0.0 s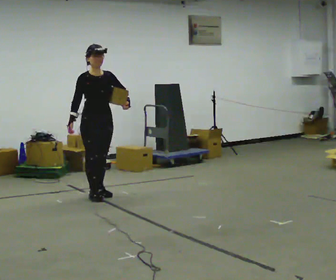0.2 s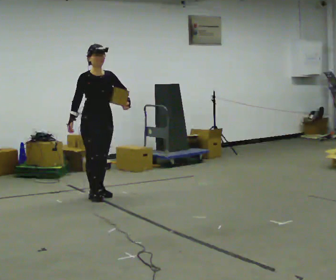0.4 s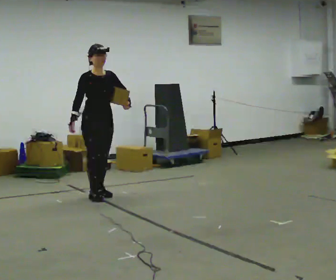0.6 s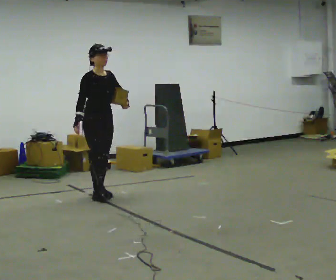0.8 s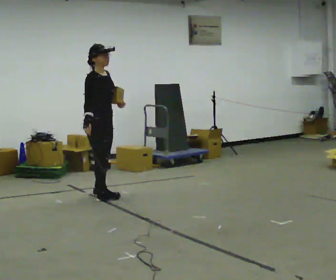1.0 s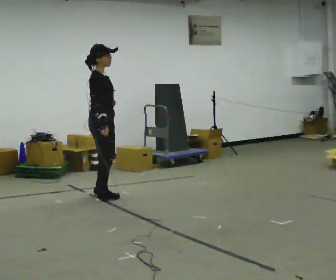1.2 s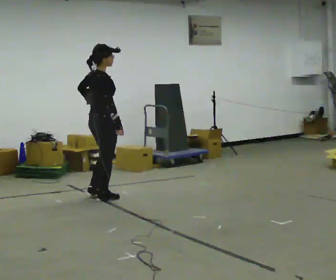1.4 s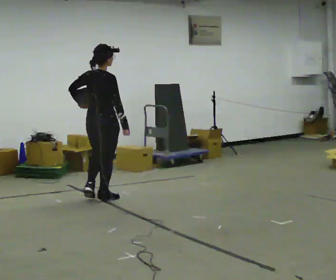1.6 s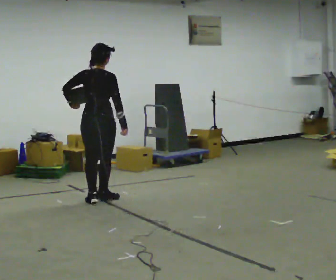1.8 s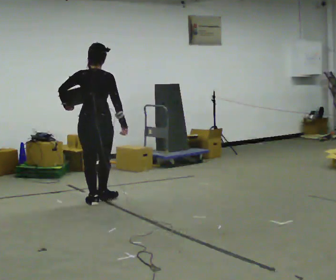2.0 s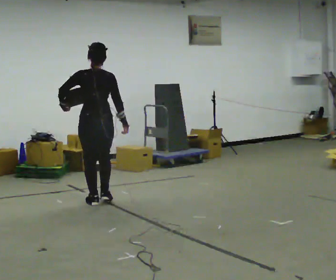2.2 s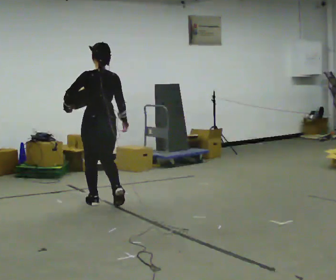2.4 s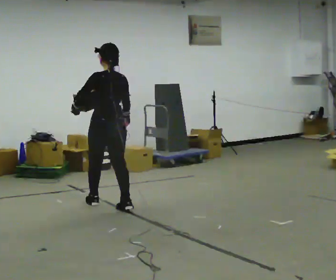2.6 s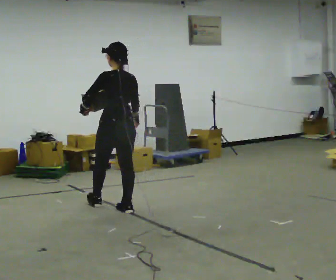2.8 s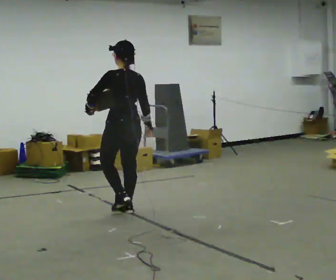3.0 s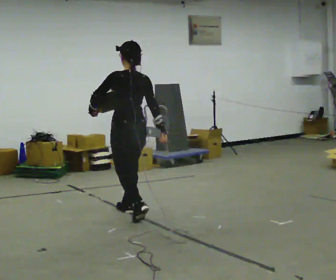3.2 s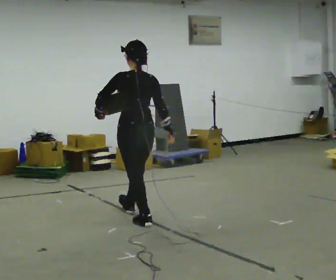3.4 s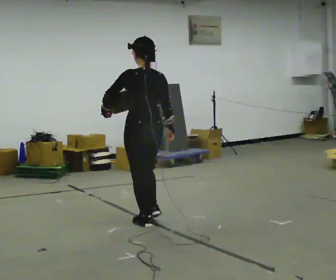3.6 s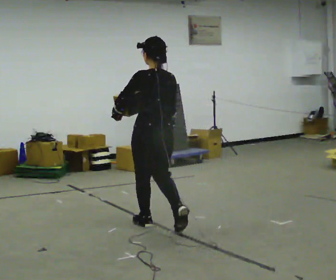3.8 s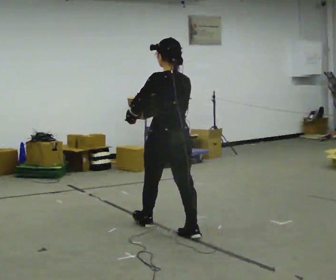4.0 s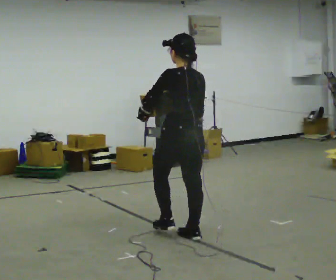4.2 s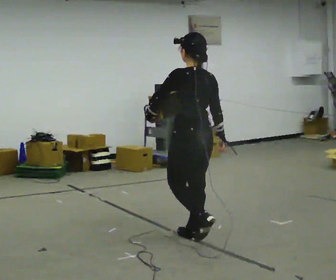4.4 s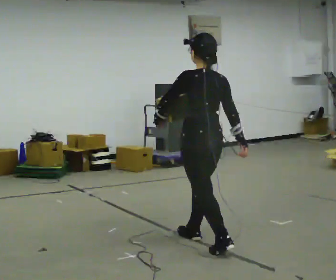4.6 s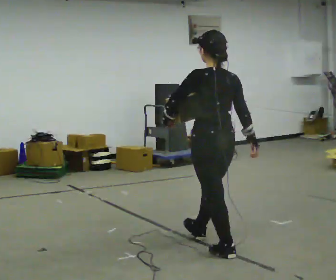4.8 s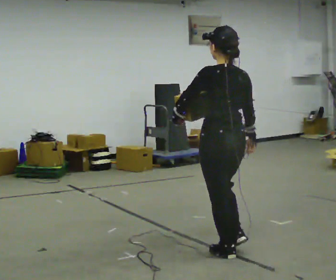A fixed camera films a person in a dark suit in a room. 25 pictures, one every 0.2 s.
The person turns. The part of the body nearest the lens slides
to the right.
The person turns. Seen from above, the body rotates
counterclockwise.
0.0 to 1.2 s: The person turns about 90 degrees to their left, counterclockwise seen from above, so the part of the body nearest the lens slides to the right. In the picture their left hand goes to the left.
1.2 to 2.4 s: Seen from above the body turns counterclockwise, about 90 degrees: to their left, with its near side sliding to the right. In the picture they go toward the camera, about 0.25 m in 1 step.
2.4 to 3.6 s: In the picture they go toward the camera and to the right, about 1 m in 2 steps, which for them is backward.
3.6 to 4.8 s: In the picture they go toward the camera and to the right, about 1 m in 2 steps, which for them is backward.
The film runs backward here.
